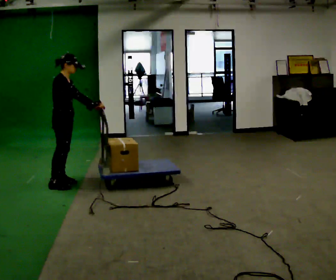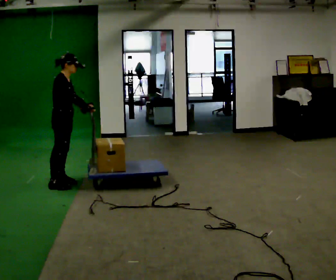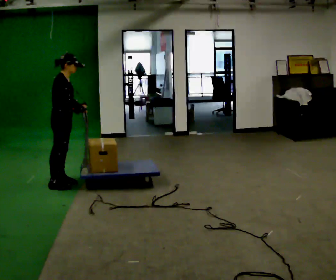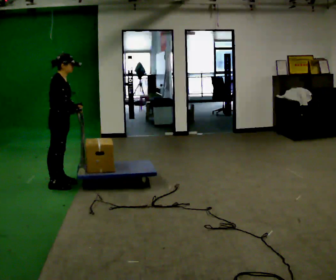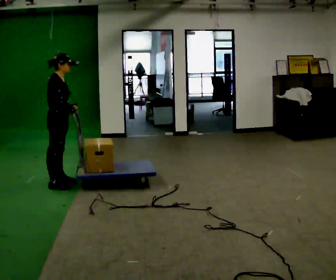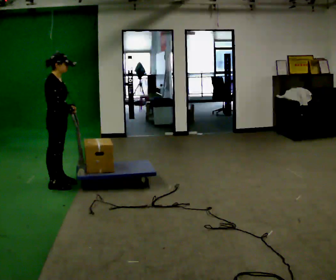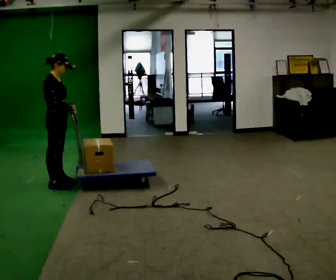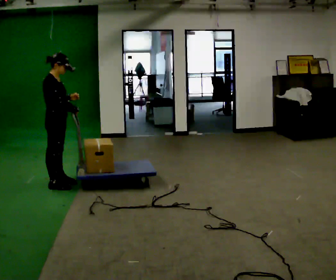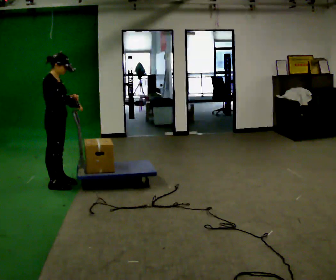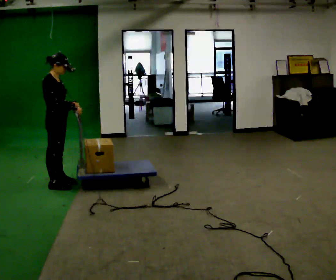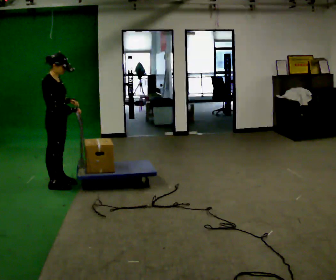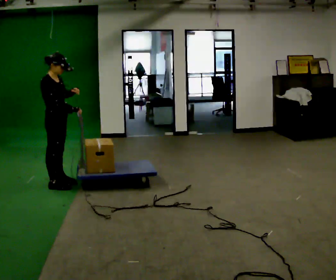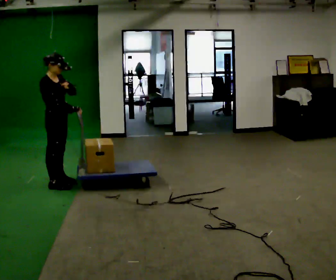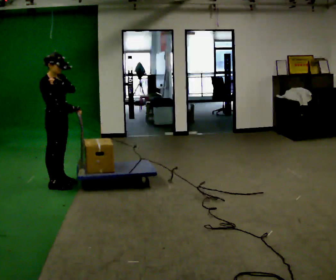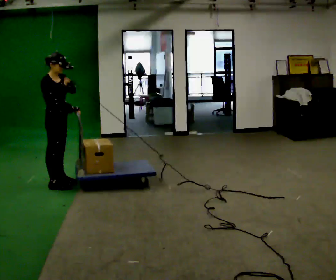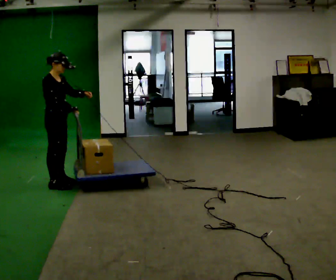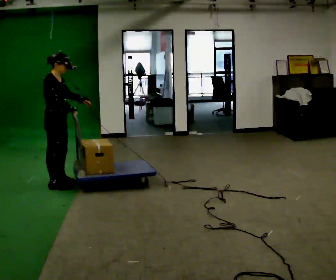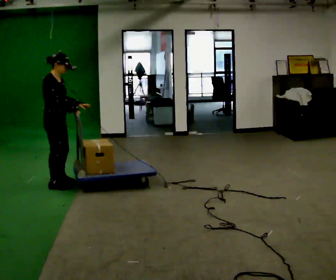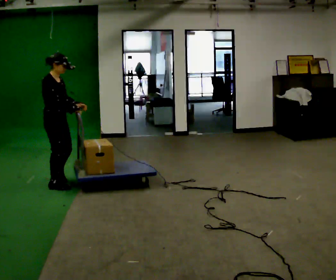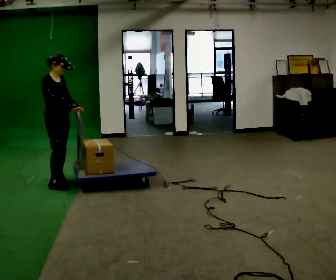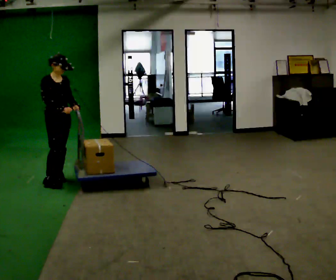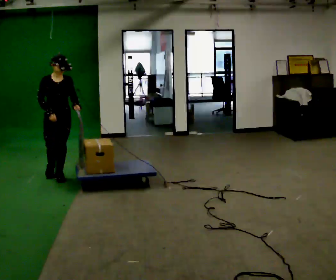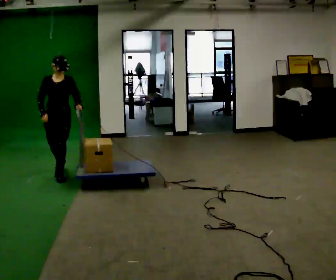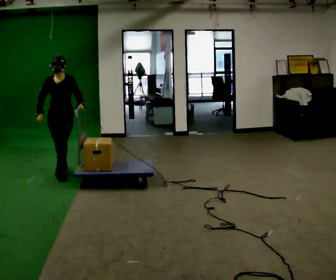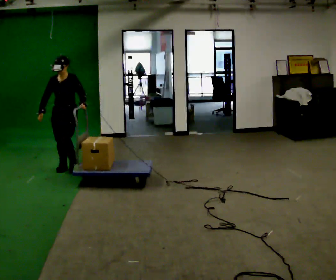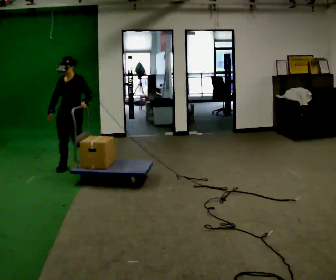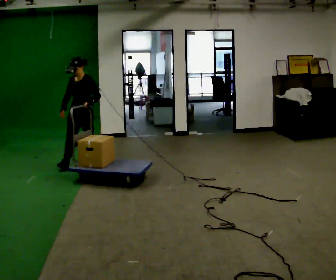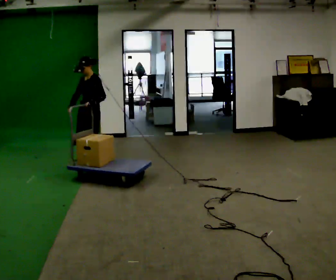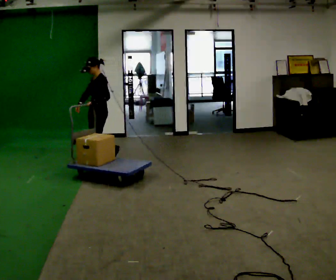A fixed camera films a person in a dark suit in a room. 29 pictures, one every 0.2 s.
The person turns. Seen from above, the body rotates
clockwise.
The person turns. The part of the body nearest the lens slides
to the left.
0.0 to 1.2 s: In the picture their left hand goes to the left.
1.2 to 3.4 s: The person moves a little, or ends about where they began.
3.4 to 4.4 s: Seen from above the body turns clockwise, about 90 degrees: to their right, with its near side sliding to the left. In the picture they go away from the camera, about 0.5 m in 2 steps.
4.4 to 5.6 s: The part of the body nearest the lens slides to the left as the person turns to their right by about 75 degrees. In the picture they go away from the camera and to the right, about 0.5 m in 2 steps.
The film runs backward here.
